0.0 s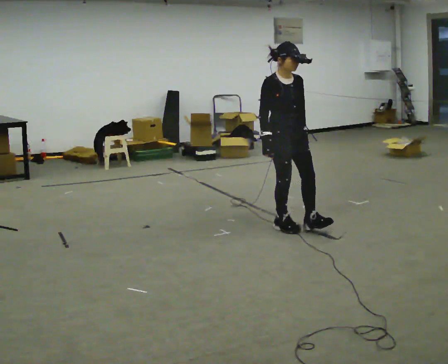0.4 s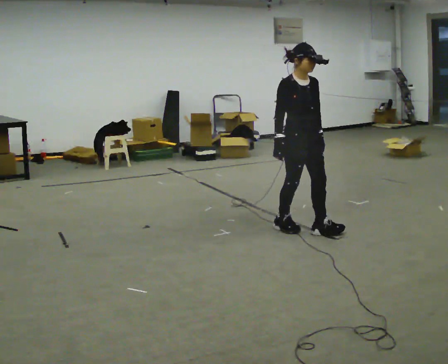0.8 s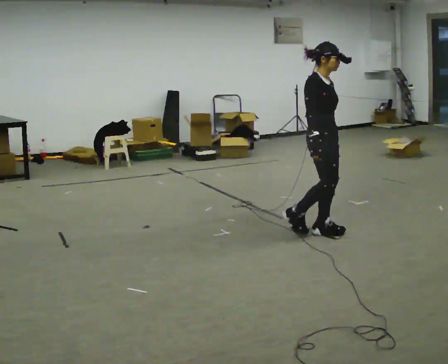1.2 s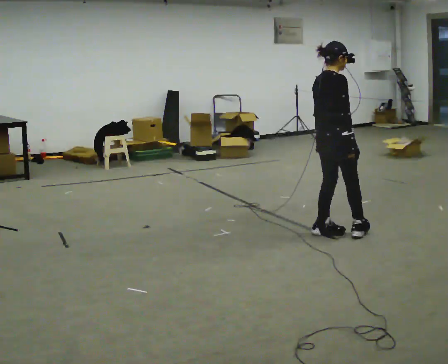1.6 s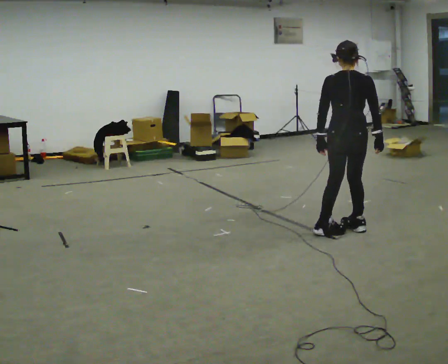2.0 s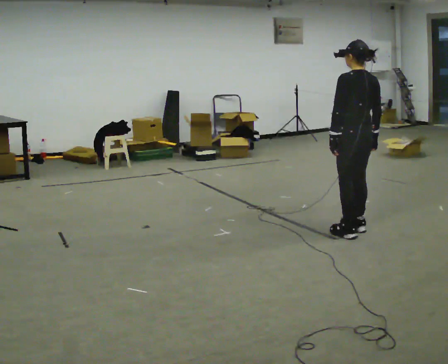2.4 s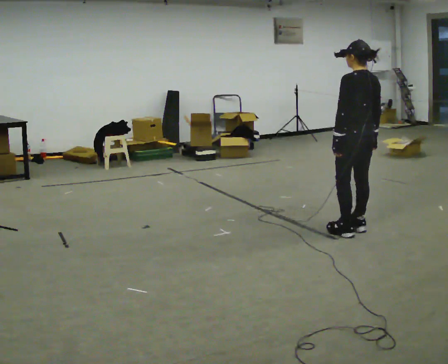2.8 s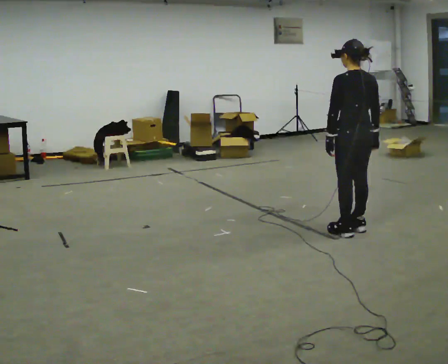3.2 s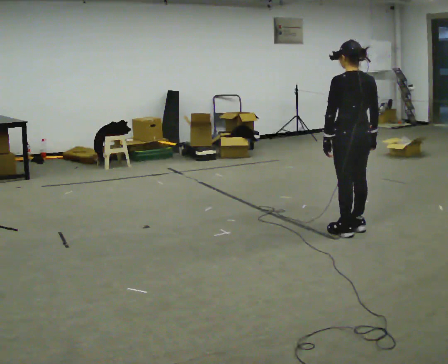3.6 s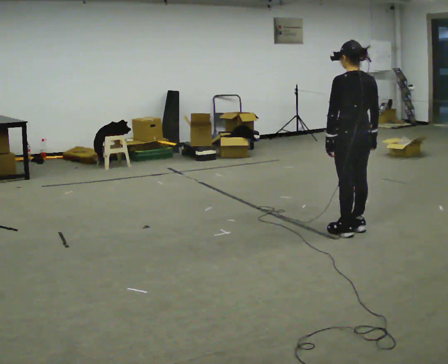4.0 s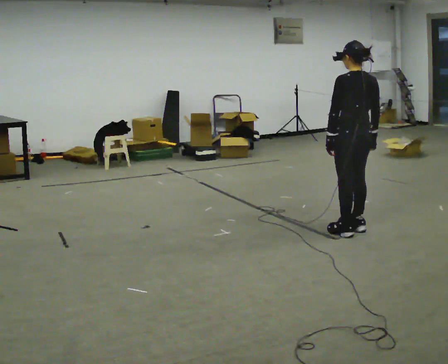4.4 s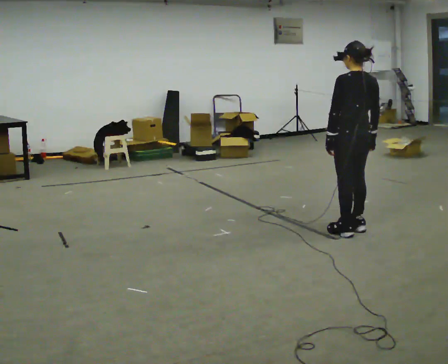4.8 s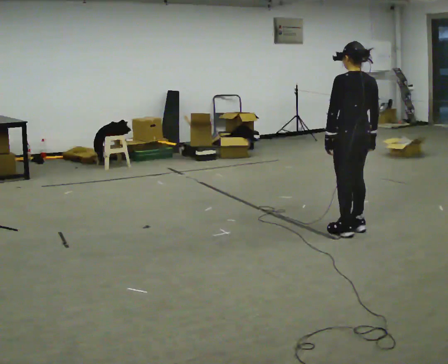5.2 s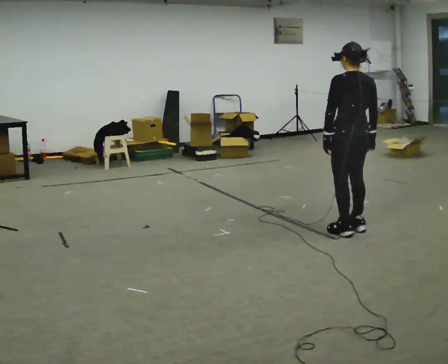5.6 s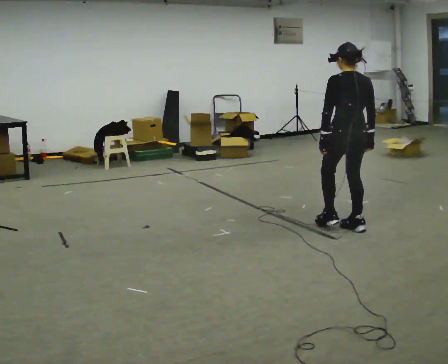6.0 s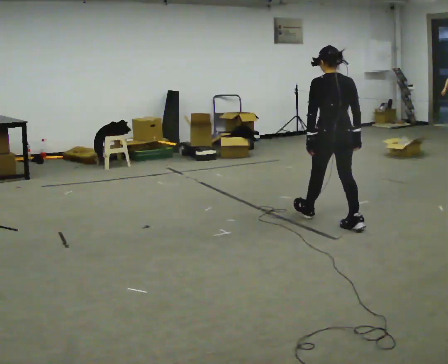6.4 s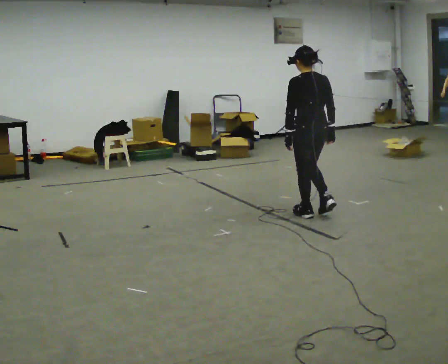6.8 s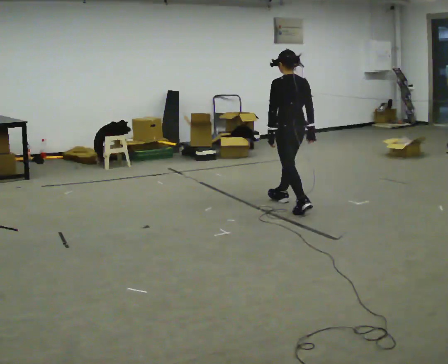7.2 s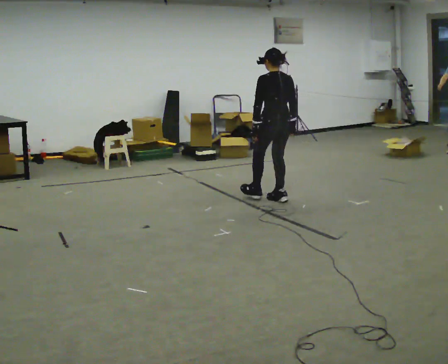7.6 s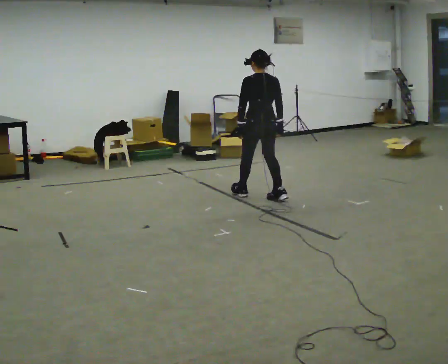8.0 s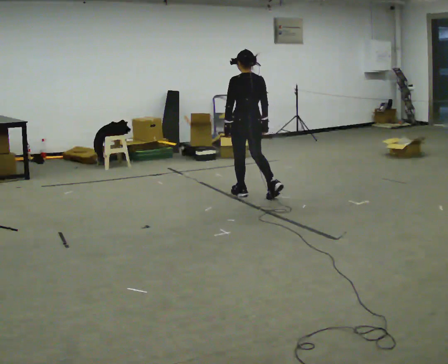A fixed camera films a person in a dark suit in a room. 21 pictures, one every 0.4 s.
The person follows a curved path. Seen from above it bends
counterclockwise.
The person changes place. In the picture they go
away from the camera.
0.0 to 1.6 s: The part of the body nearest the lens slides to the right as the person turns to their left by about 150 degrees. In the picture they go to the right, about 0.5 m in 2 steps.
1.6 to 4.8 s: The part of the body nearest the lens slides to the right as the person turns to their left by about 30 degrees.
4.8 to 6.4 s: In the picture they go away from the camera and to the left, about 0.5 m in 1 step, which for them is forward.
6.4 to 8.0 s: In the picture they go to the left and away from the camera, about 1 m in 2 steps, which for them is forward.
The film runs forward here.
